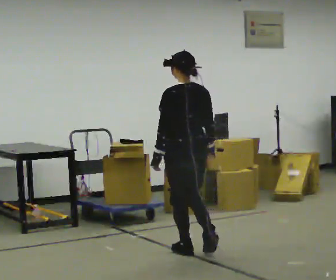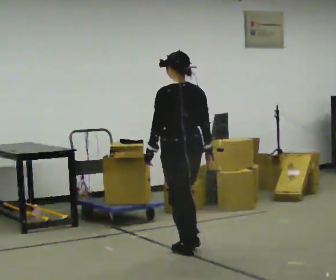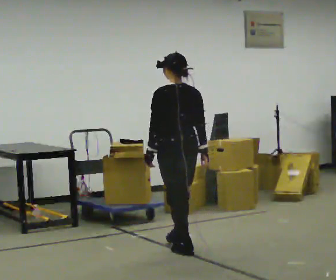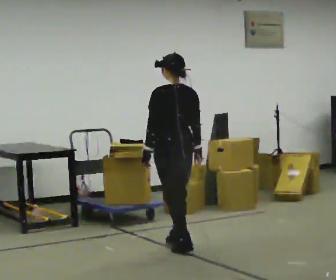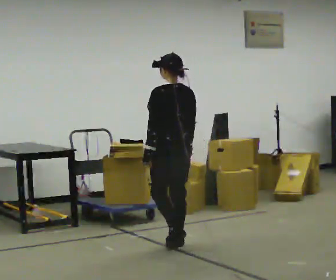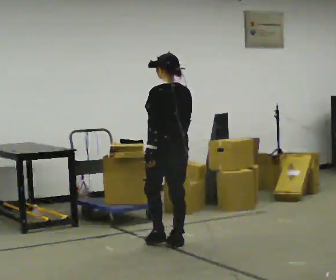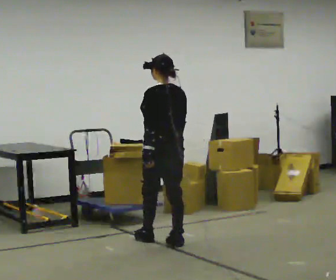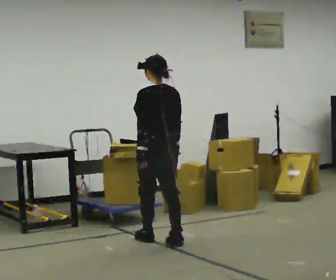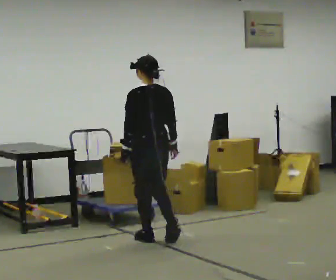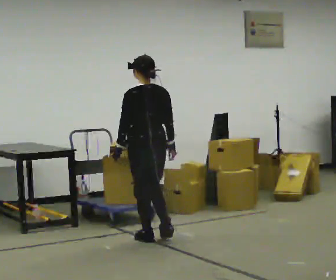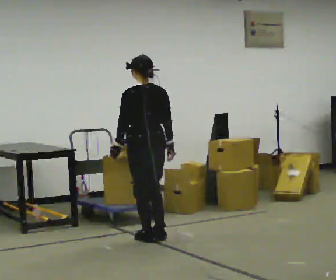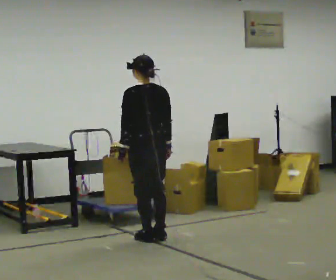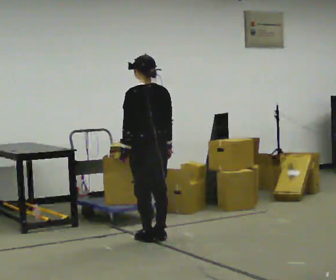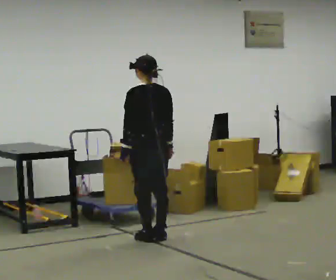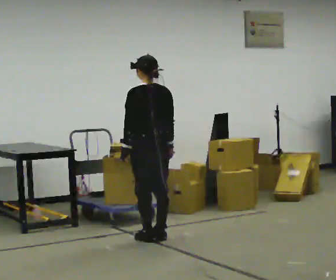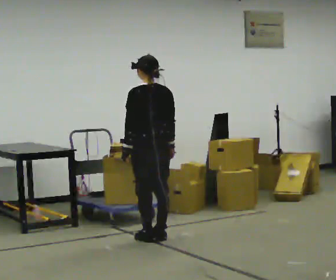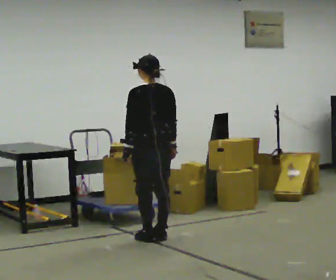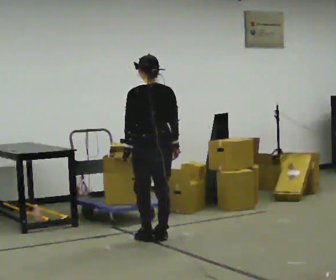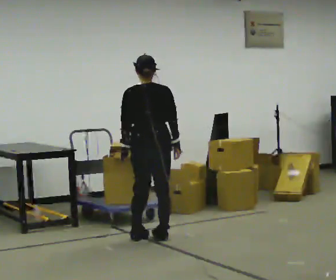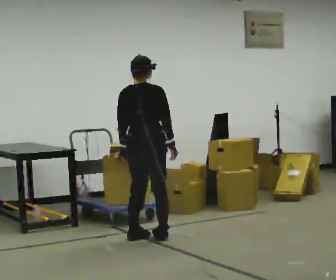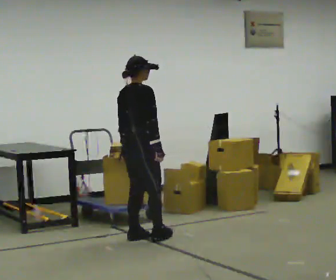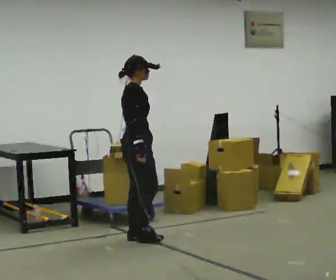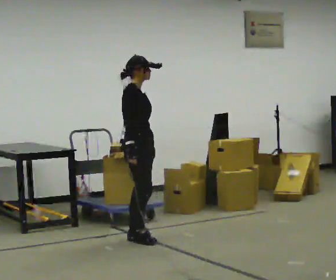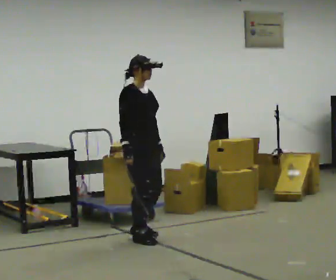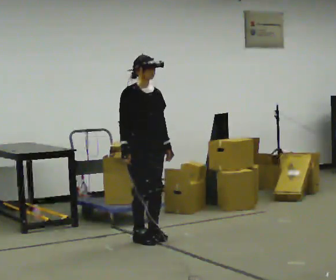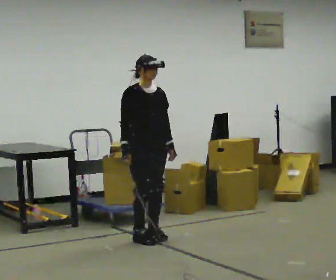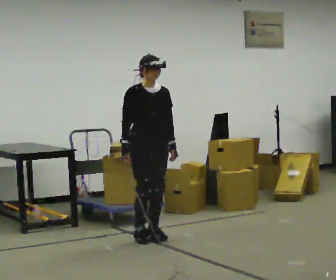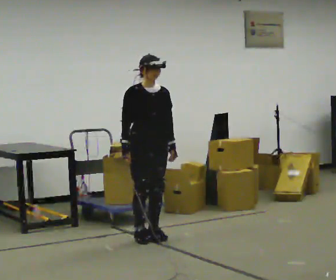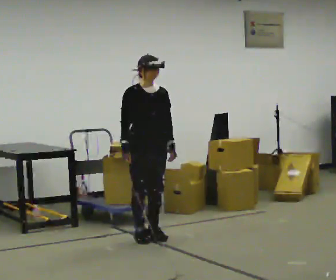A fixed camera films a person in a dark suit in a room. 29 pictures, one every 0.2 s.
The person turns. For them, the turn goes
to their right.
The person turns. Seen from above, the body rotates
clockwise.
0.0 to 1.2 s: In the picture they go away from the camera, about 0.5 m in 2 steps, which for them is forward.
1.2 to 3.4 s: In the picture they go away from the camera, about 0.25 m in 1 step, which for them is forward.
3.4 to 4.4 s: The person turns about 120 degrees to their right, clockwise seen from above, so the part of the body nearest the lens slides to the left. In the picture they go to the left, about 0.25 m in 2 steps. In the picture their right hand goes to the left.
4.4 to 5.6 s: The person turns about 45 degrees to their right, clockwise seen from above, so the part of the body nearest the lens slides to the left.
The film runs forward here.
